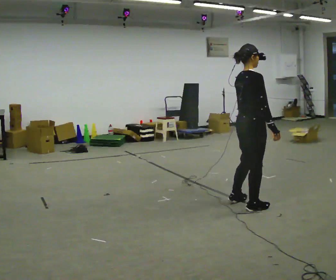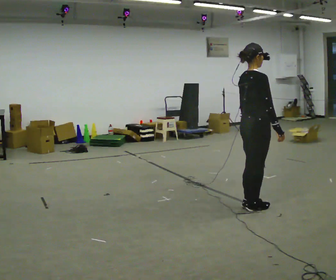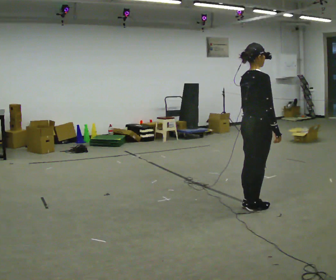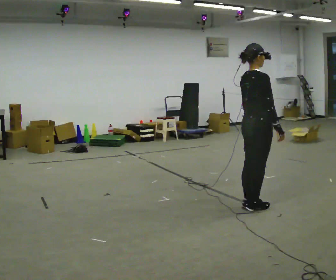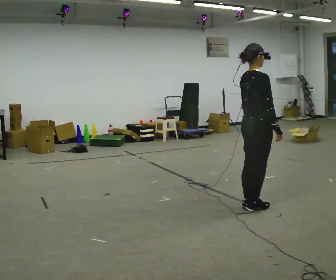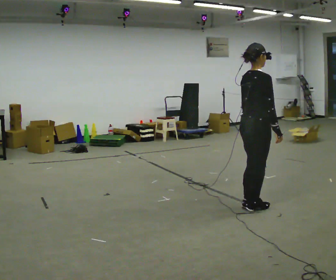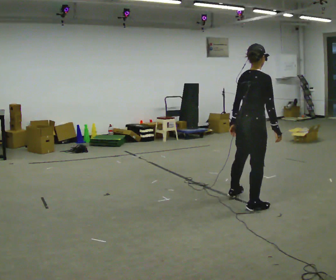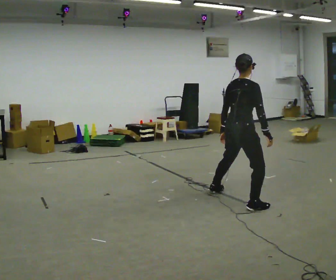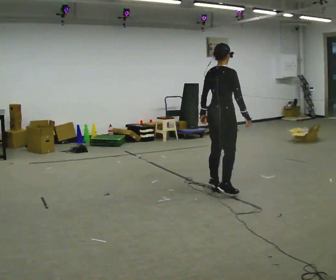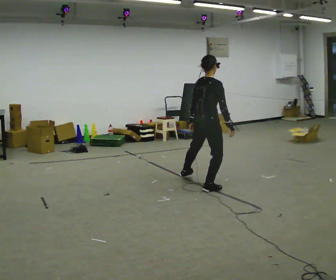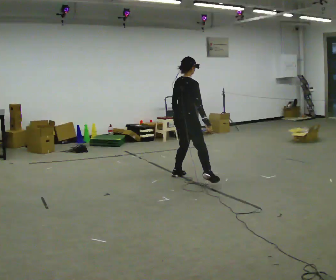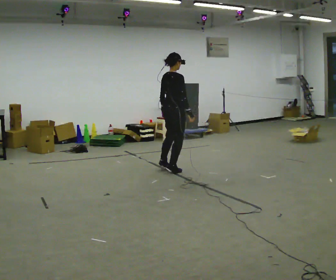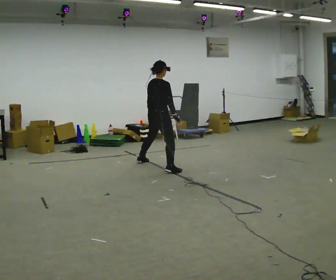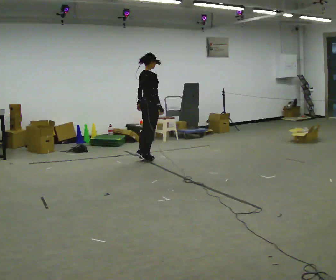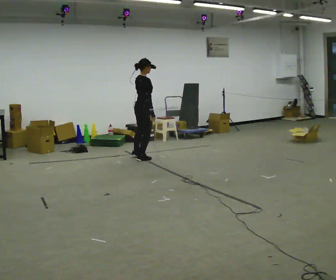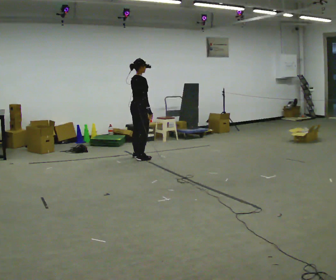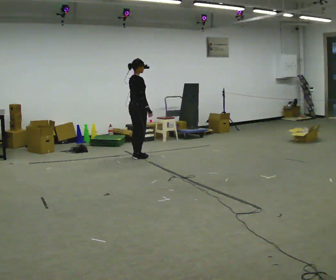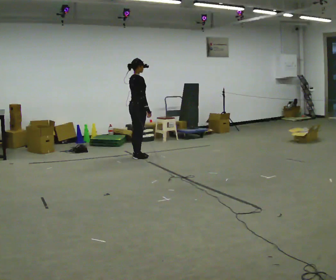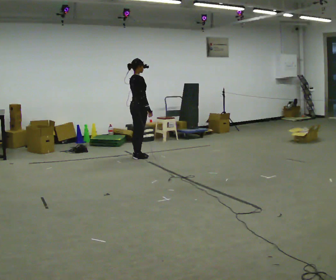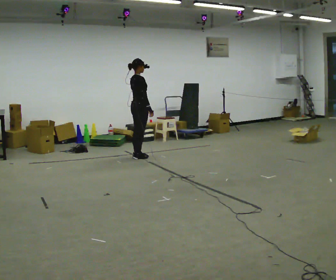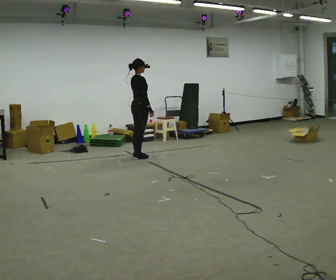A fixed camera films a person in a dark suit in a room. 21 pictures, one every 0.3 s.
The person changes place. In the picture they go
away from the camera.
0.0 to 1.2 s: The person moves a little, or ends about where they began.
1.2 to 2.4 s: In the picture they go away from the camera and to the left, about 0.75 m in 1 step, which for them is to their left.
2.4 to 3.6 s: In the picture they go away from the camera and to the left, about 1.5 m in 3 steps, which for them is to their left.
3.6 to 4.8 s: In the picture they go away from the camera and to the left, about 0.75 m in 4 steps, which for them is to their left.
4.8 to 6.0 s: The person moves a little, or ends about where they began.
The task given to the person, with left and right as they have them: Shuffle sideways quickly in the direction the operator calls, without crossing your feet.
The film runs forward here.
